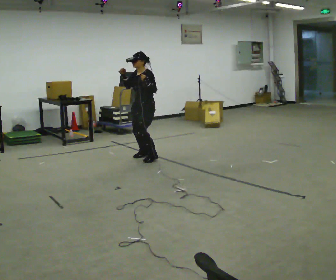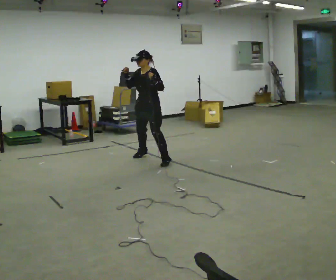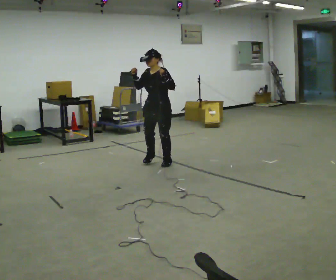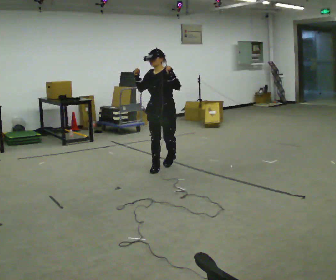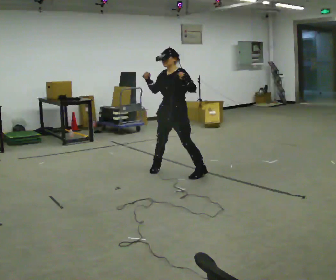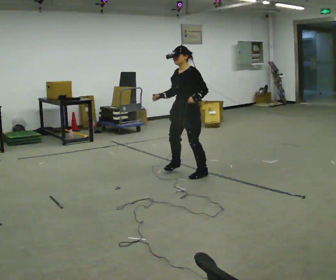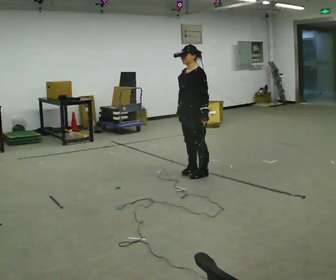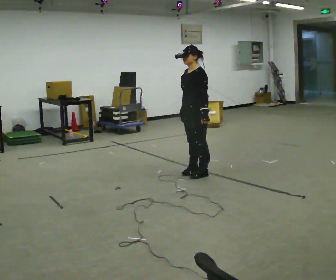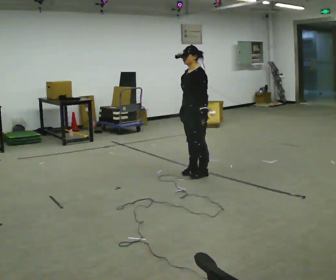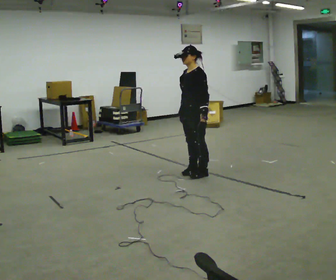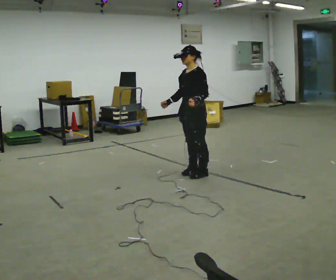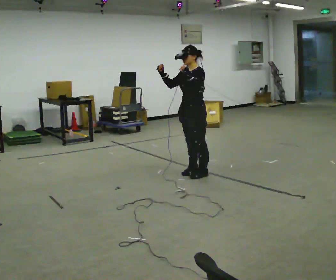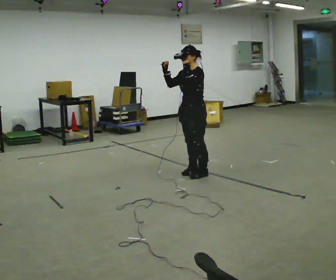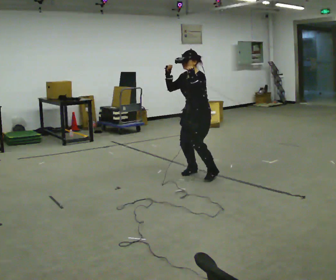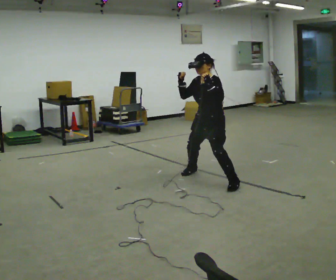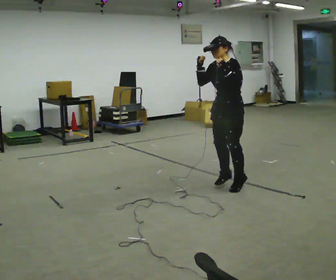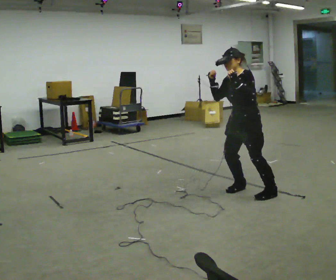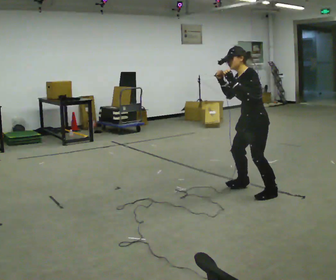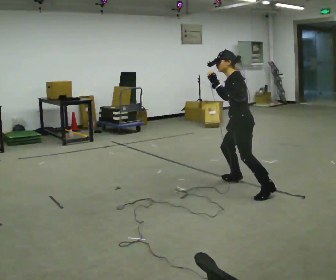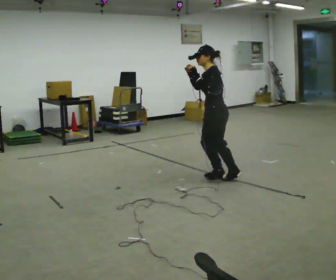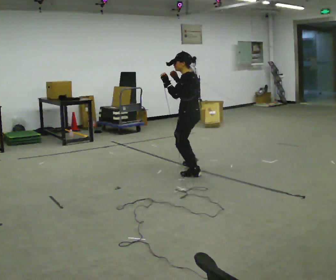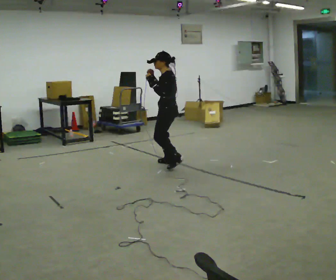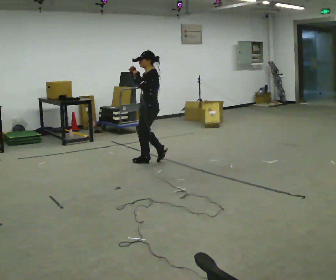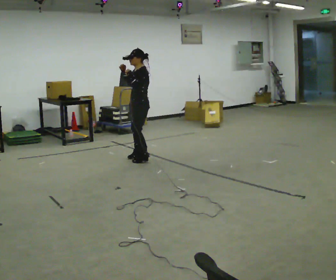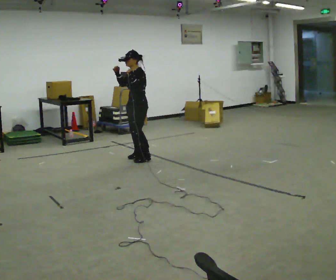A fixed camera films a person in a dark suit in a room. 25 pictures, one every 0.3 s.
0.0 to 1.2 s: In the picture they go toward the camera and to the right, about 1 m in 2 steps, which for them is to their left and forward.
1.2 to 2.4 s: The person turns about 30 degrees to their right, clockwise seen from above, so the part of the body nearest the lens slides to the left. In the picture they go to the right, about 0.25 m in 2 steps, which for them is to their left and backward. In the picture their right hand goes to the right and downward, the arm swinging counterclockwise.
2.4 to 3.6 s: In the picture their right hand goes upward, the arm swinging clockwise.
3.6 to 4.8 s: In the picture they go toward the camera and to the right, about 1 m in 3 steps, which for them is to their left.
4.8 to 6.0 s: Seen from above the body turns clockwise, about 60 degrees: to their right, with its near side sliding to the left. In the picture they go away from the camera and to the left, about 1 m in 2 steps, which for them is to their right and forward.
6.0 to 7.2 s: The person turns about 45 degrees to their left, counterclockwise seen from above, so the part of the body nearest the lens slides to the right. In the picture they go away from the camera and to the left, about 1 m in 3 steps, which for them is to their right and forward.
The film runs forward here.
